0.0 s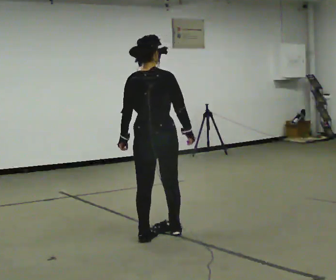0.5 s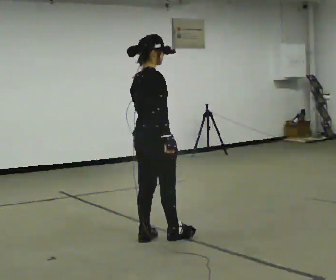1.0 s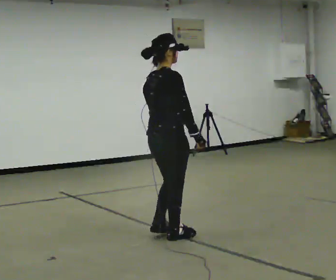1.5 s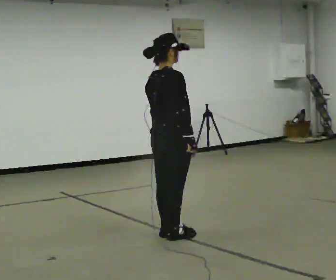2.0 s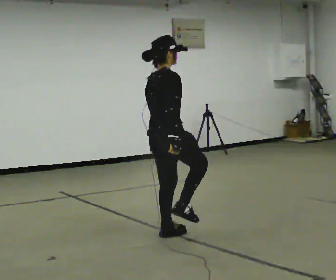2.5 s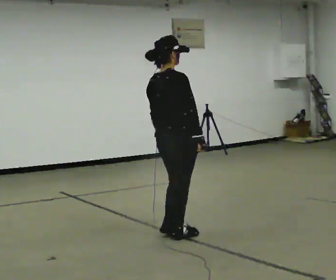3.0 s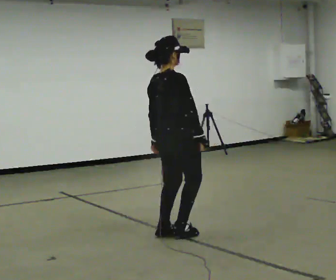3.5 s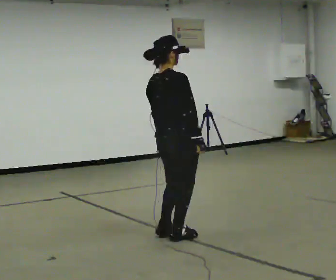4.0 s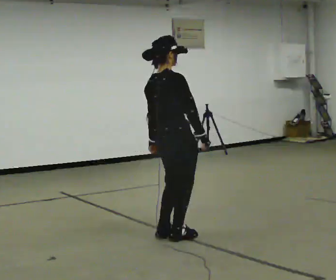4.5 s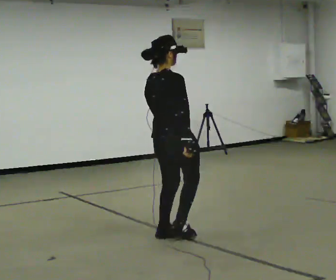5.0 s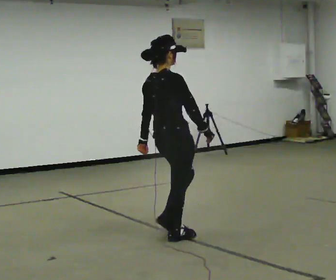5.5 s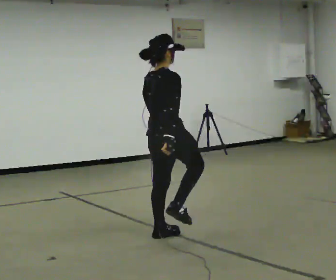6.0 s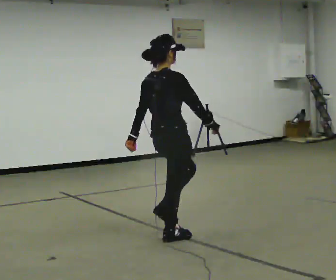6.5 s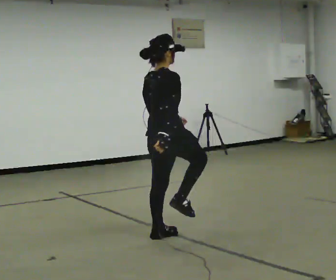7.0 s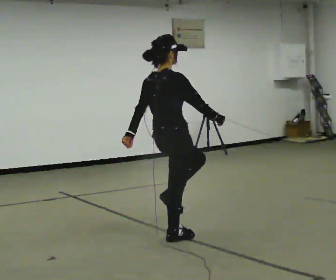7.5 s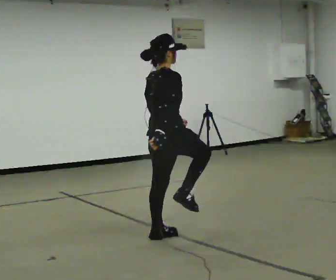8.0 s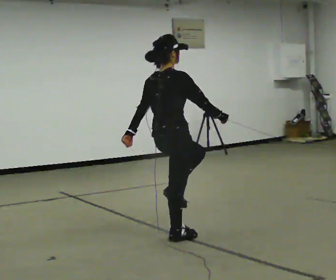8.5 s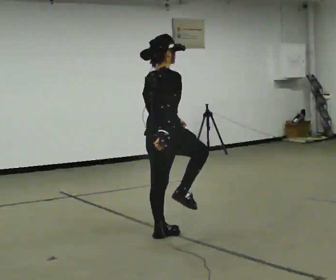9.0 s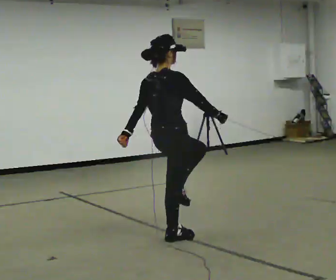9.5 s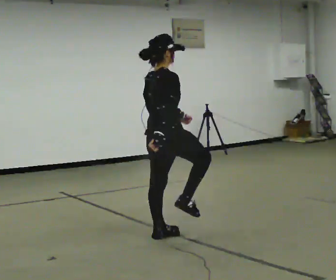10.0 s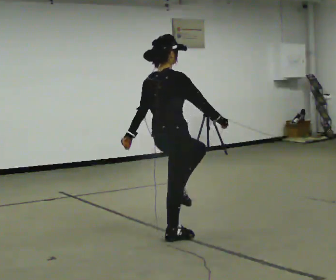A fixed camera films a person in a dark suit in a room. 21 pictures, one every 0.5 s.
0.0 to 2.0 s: The person turns about 45 degrees to their right, clockwise seen from above, so the part of the body nearest the lens slides to the left.
2.0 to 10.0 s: In the picture their right hand goes to the right.
The film runs forward here.
